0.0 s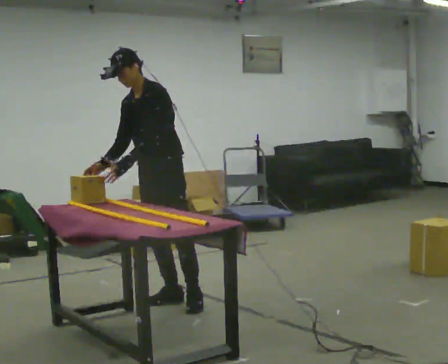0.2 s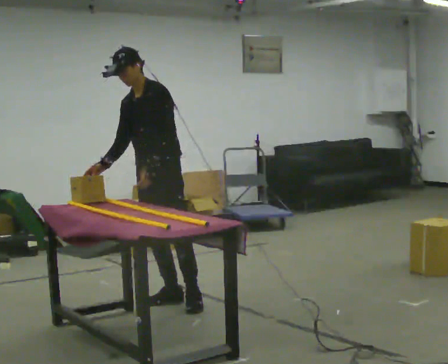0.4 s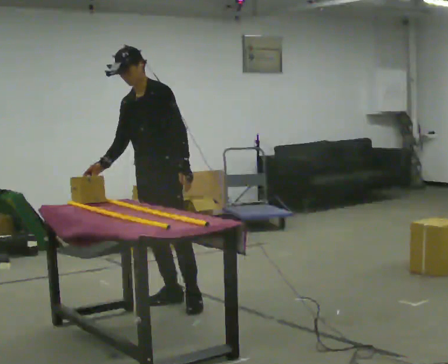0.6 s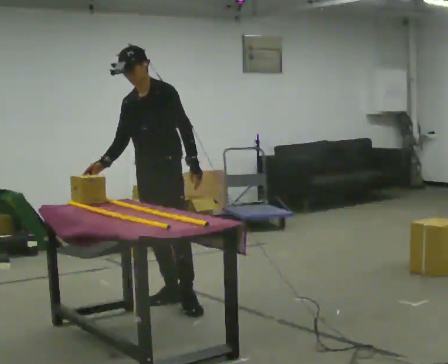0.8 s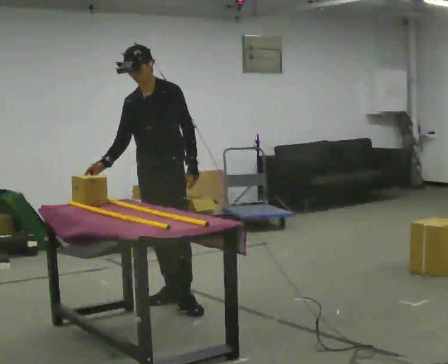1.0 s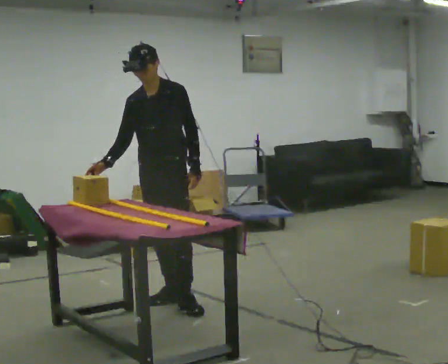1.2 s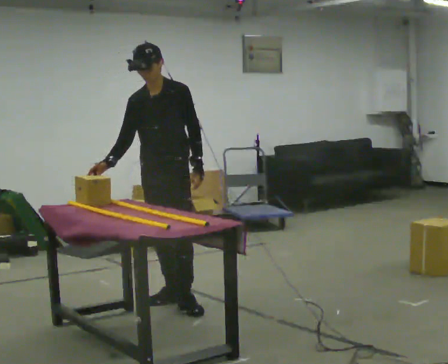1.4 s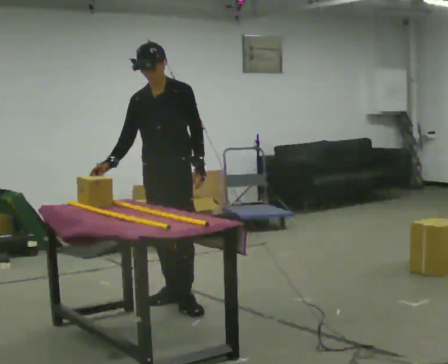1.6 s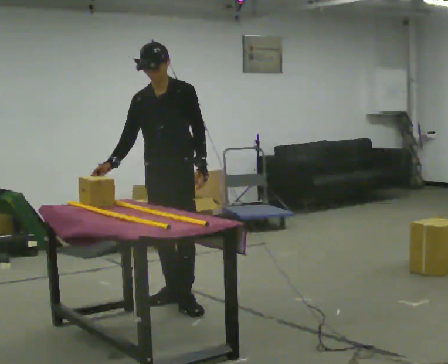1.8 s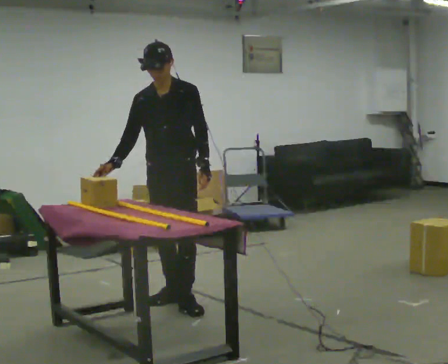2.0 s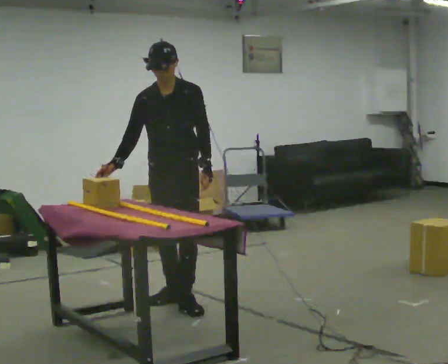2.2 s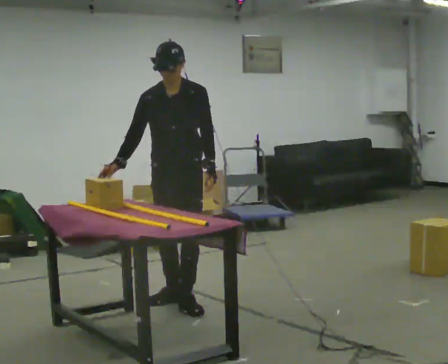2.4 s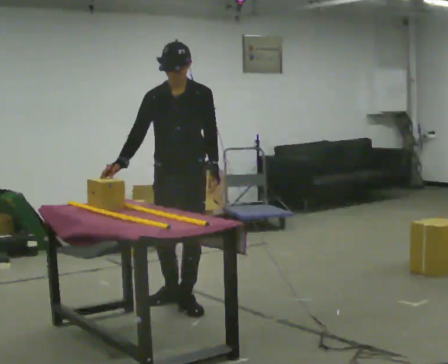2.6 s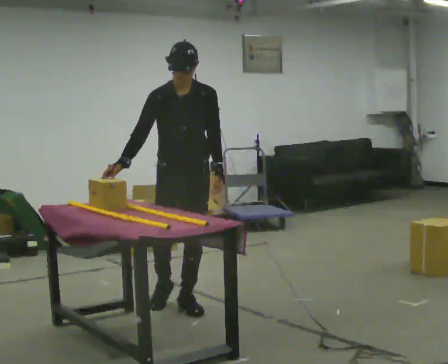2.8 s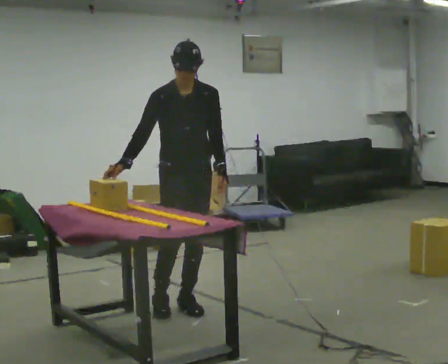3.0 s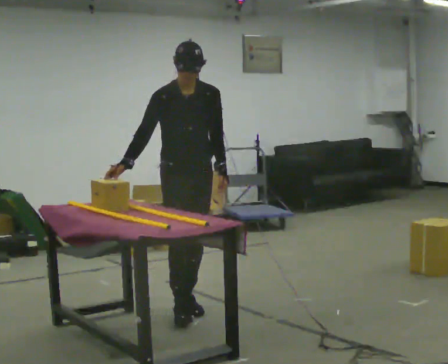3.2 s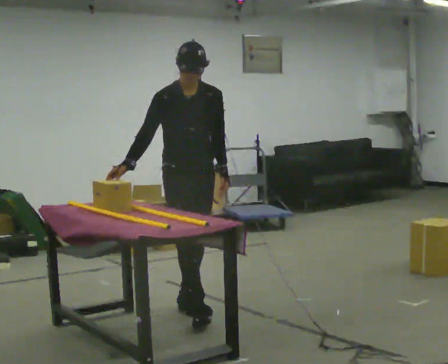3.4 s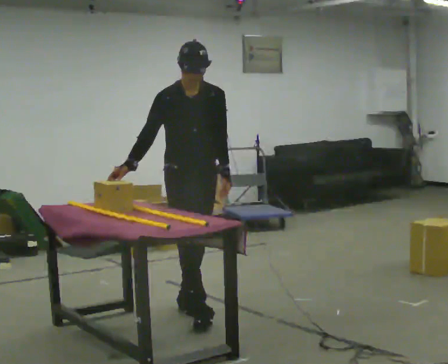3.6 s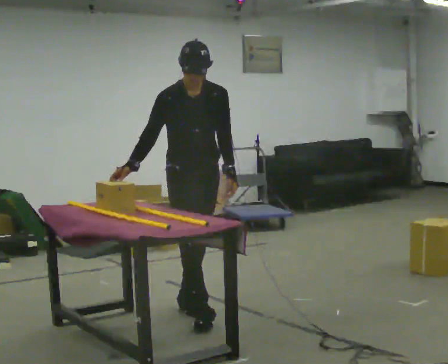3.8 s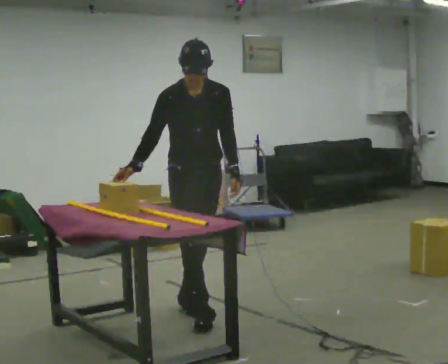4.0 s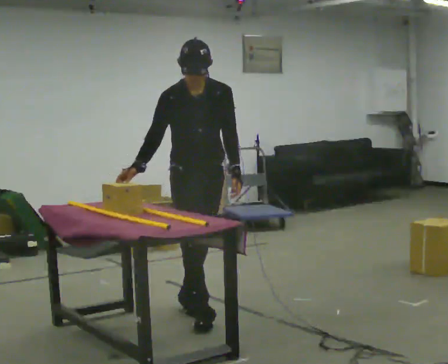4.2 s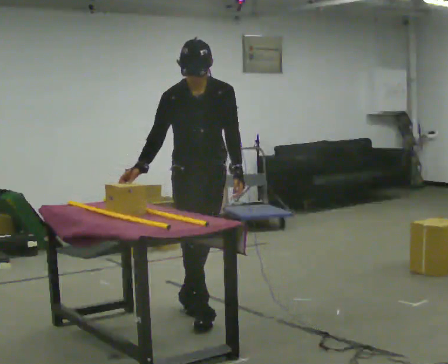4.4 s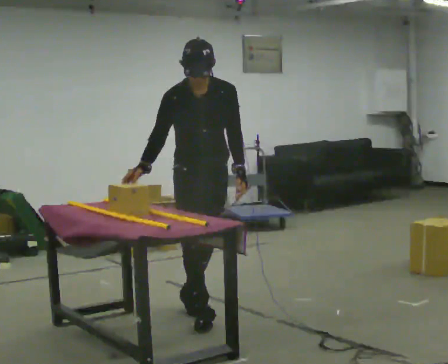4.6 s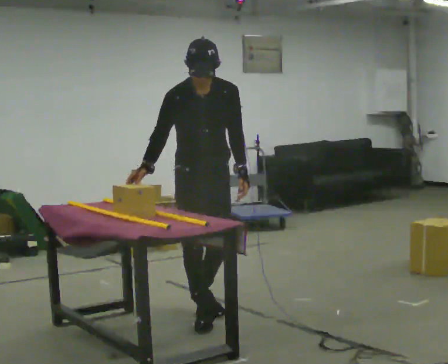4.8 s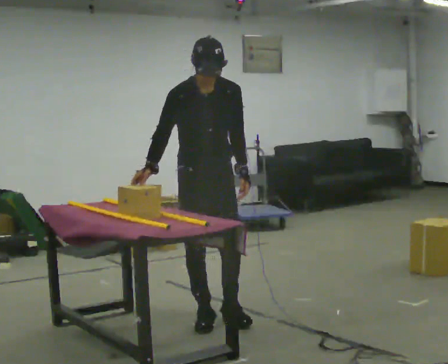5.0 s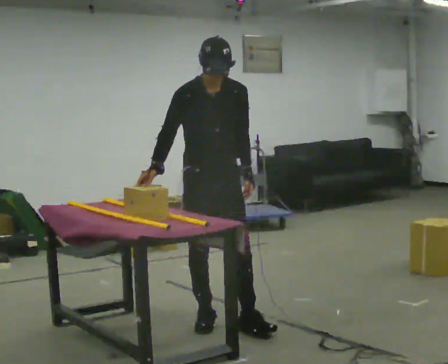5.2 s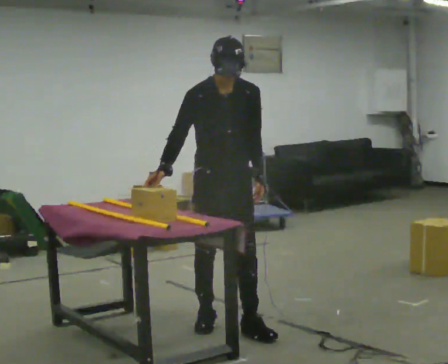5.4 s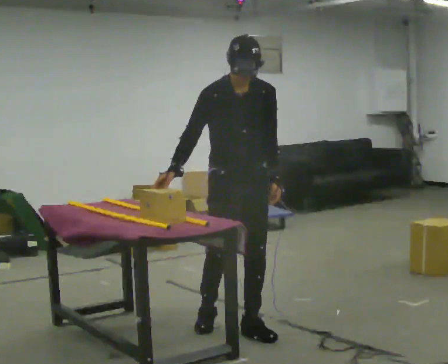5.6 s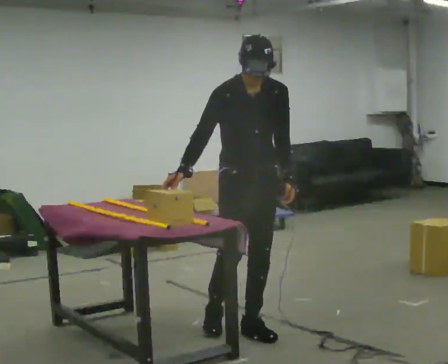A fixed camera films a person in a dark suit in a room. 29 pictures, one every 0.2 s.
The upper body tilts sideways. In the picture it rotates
clockwise.
0.0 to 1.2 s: In the picture their left hand goes to the right.
1.2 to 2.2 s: The person moves a little, or ends about where they began.
2.2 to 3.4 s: In the picture they go toward the camera, about 0.25 m in 1 step, which for them is forward.
3.4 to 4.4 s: In the picture they go toward the camera, about 0.25 m, which for them is forward.
4.4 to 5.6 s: In the picture they go toward the camera and to the right, about 0.25 m in 1 step, which for them is forward and to their left.
The film runs forward here.
